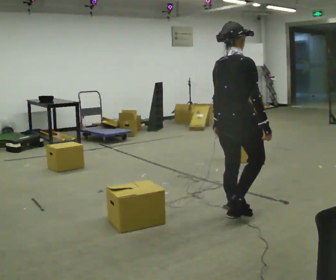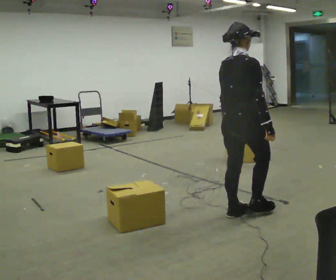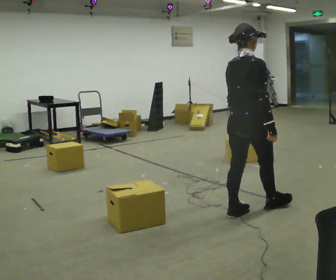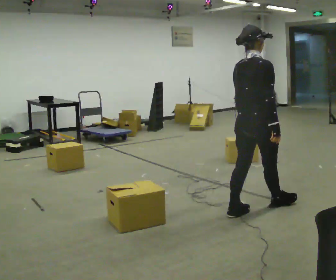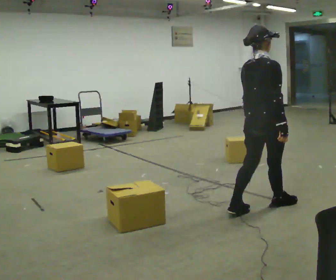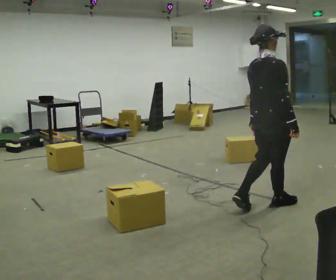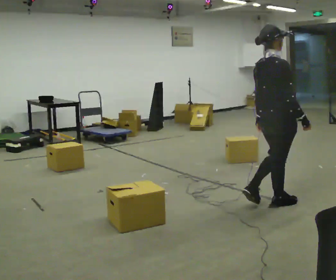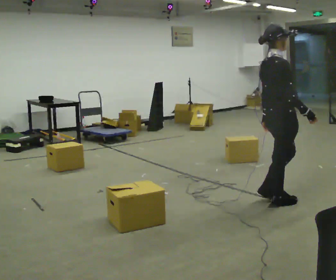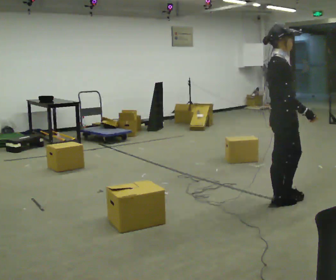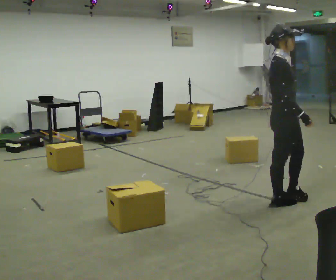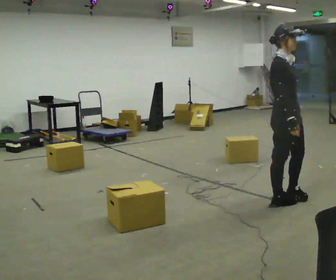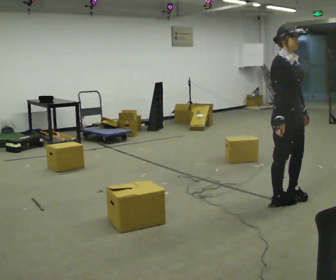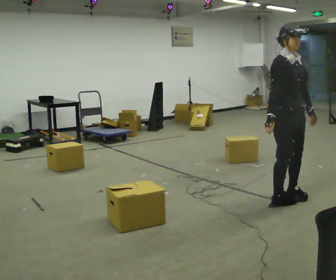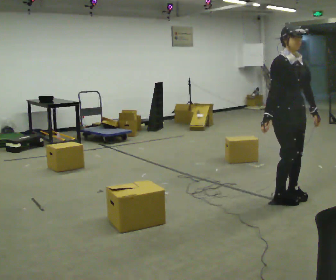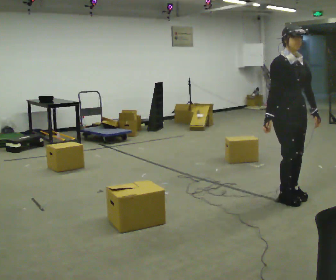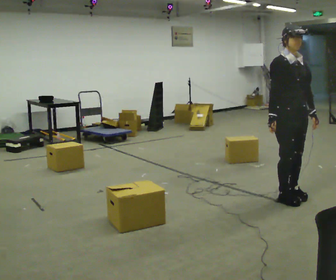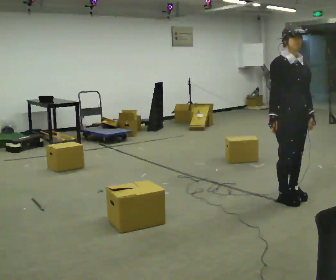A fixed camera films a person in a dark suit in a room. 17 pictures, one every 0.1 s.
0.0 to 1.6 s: The part of the body nearest the lens slides to the left as the person turns to their right by about 105 degrees. In the picture they go away from the camera and to the right, about 0.5 m in 2 steps.
The film runs forward here.
